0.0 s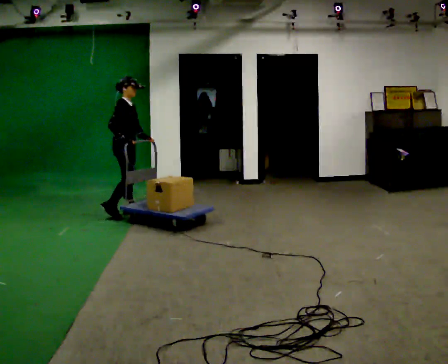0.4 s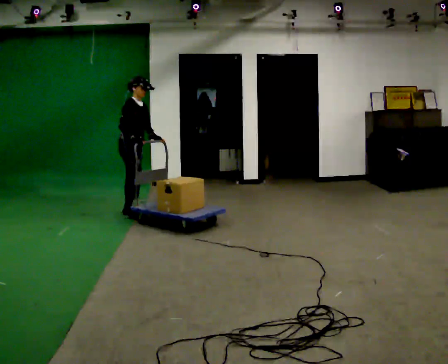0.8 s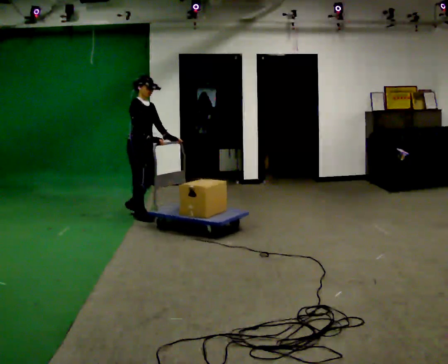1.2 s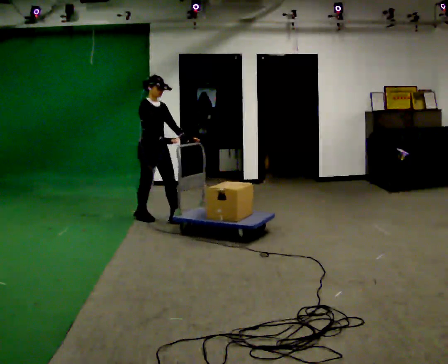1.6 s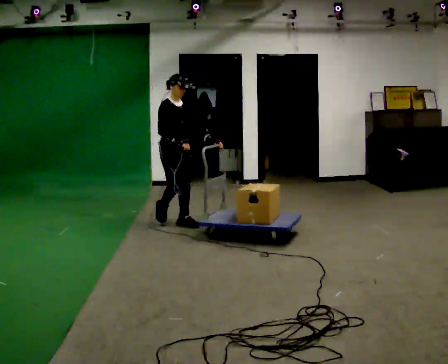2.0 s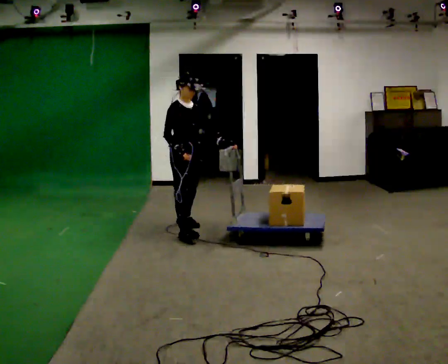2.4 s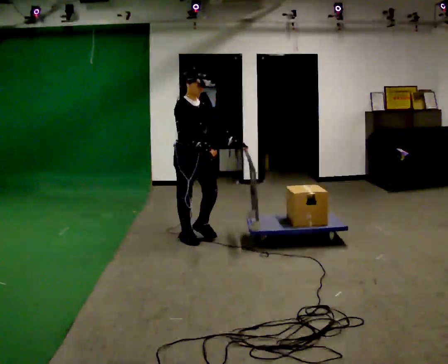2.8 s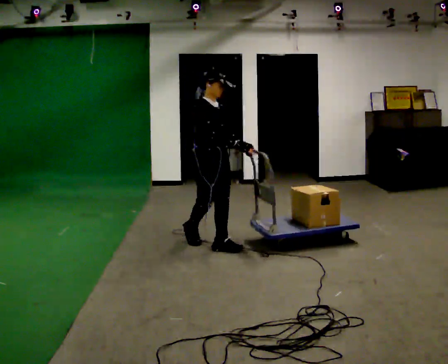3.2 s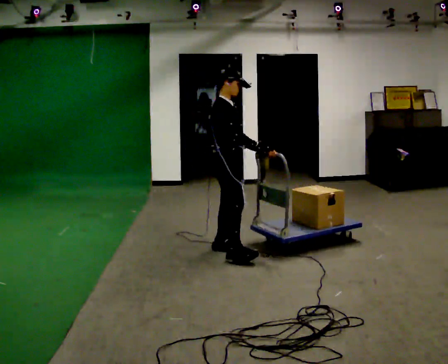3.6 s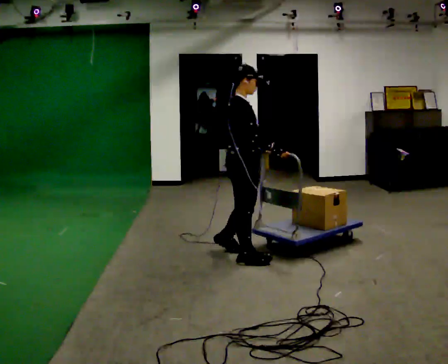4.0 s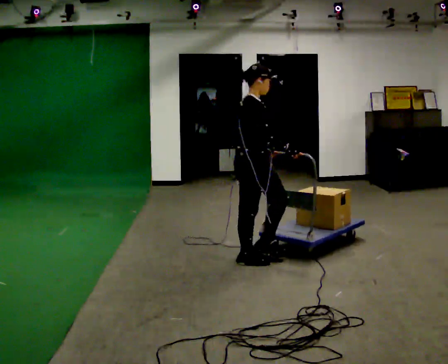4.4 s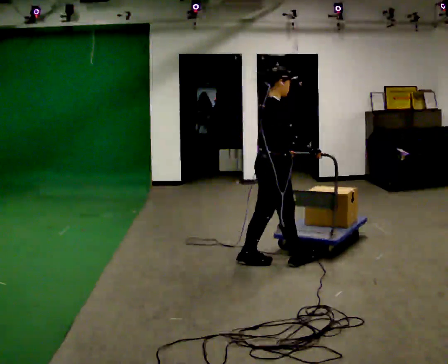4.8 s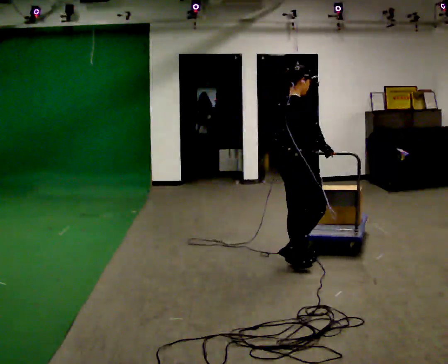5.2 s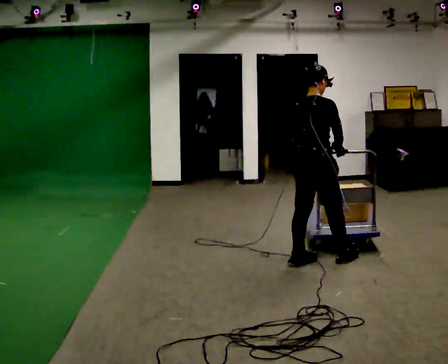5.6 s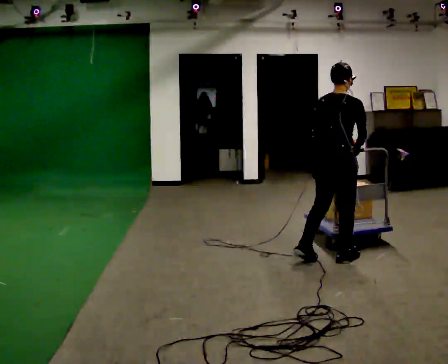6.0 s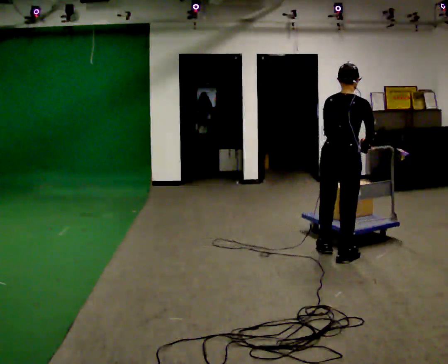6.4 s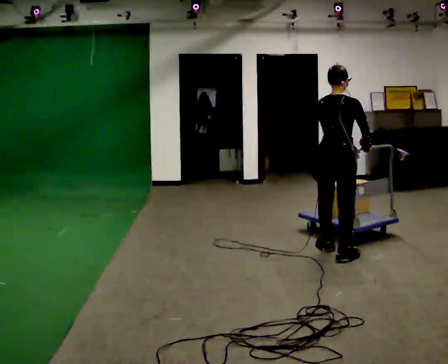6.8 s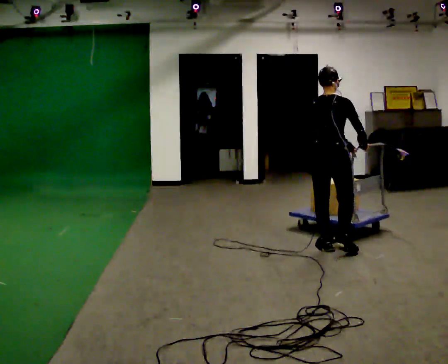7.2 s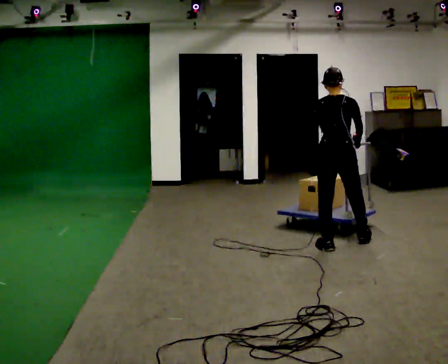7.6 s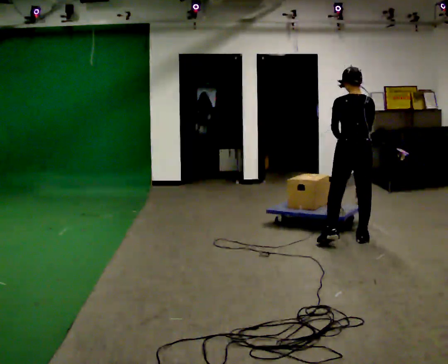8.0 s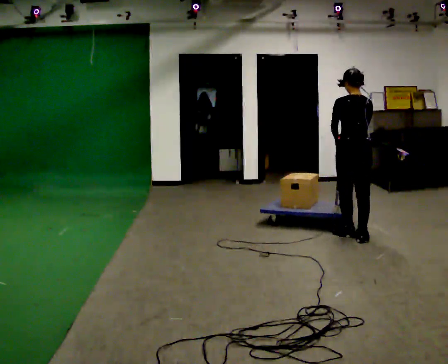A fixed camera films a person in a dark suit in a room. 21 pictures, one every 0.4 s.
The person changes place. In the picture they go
to the right.
0.0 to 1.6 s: Seen from above the body turns clockwise, about 45 degrees: to their right, with its near side sliding to the left. In the picture they go to the right and toward the camera, about 0.5 m in 2 steps, which for them is forward.
1.6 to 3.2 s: The person turns about 30 degrees to their left, counterclockwise seen from above, so the part of the body nearest the lens slides to the right. In the picture they go toward the camera and to the right, about 1 m in 2 steps, which for them is forward.
3.2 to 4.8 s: Seen from above the body turns counterclockwise, about 30 degrees: to their left, with its near side sliding to the right. In the picture they go to the right and toward the camera, about 0.75 m in 2 steps, which for them is forward and to their right.
4.8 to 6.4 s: Seen from above the body turns counterclockwise, about 45 degrees: to their left, with its near side sliding to the right. In the picture they go to the right and away from the camera, about 0.5 m in 2 steps, which for them is forward and to their right.
6.4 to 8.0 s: The person turns about 45 degrees to their left, counterclockwise seen from above, so the part of the body nearest the lens slides to the right. In the picture they go away from the camera and to the right, about 0.5 m in 2 steps, which for them is forward.
The film runs forward here.
